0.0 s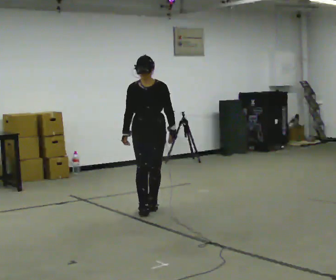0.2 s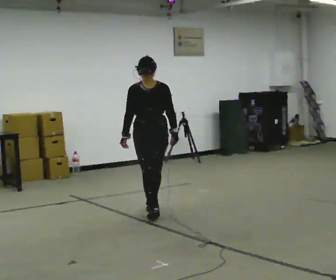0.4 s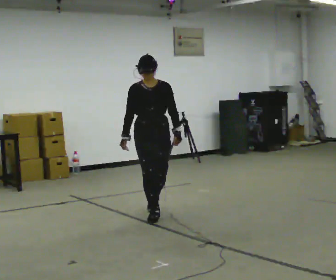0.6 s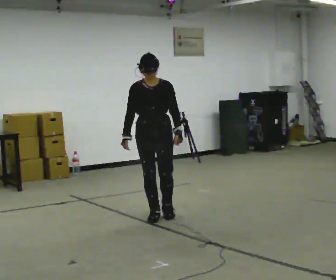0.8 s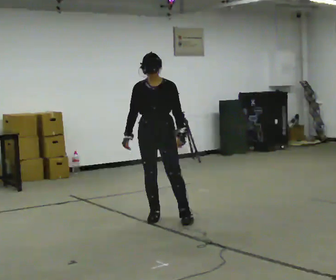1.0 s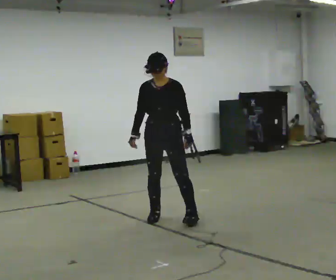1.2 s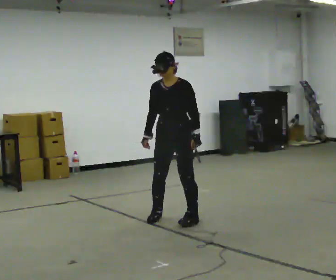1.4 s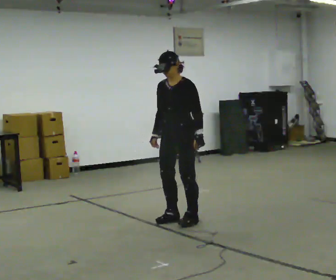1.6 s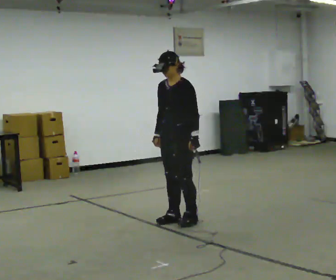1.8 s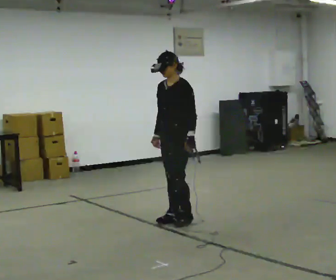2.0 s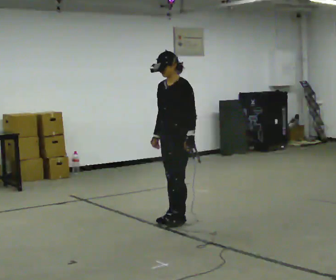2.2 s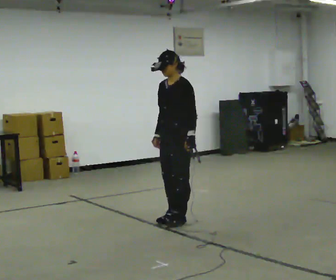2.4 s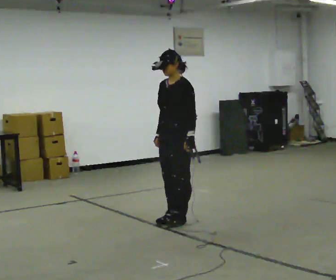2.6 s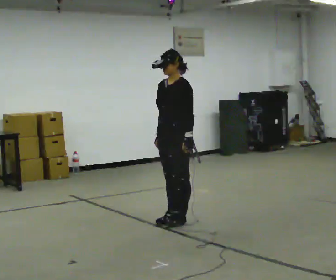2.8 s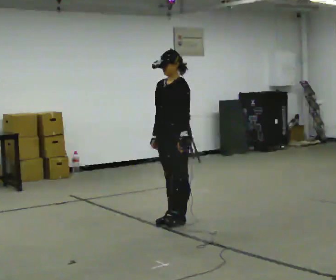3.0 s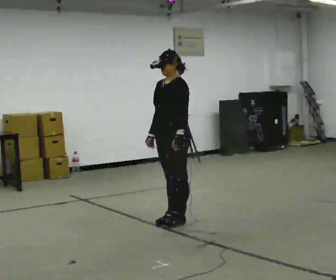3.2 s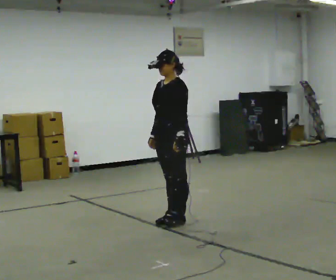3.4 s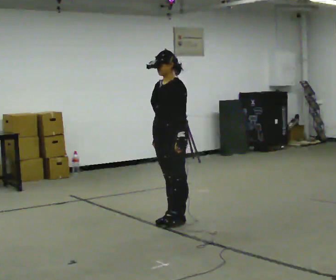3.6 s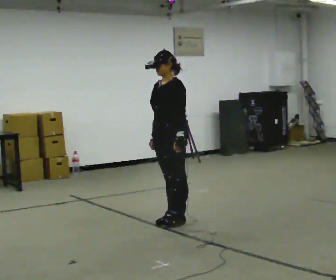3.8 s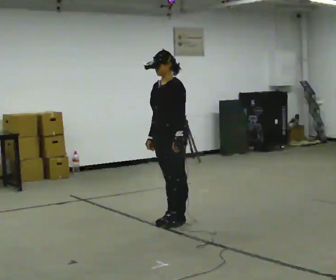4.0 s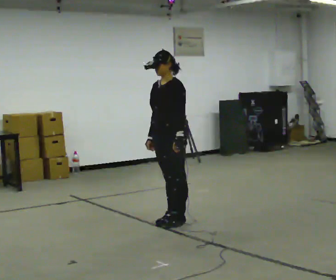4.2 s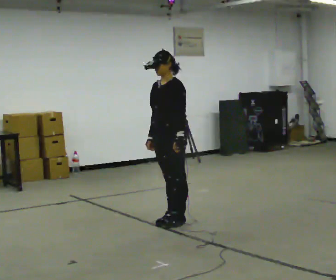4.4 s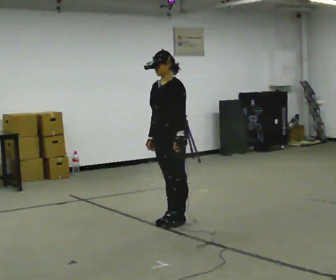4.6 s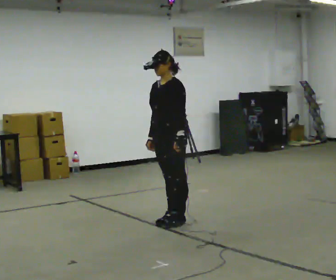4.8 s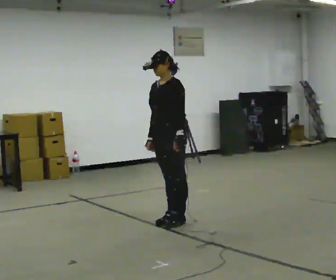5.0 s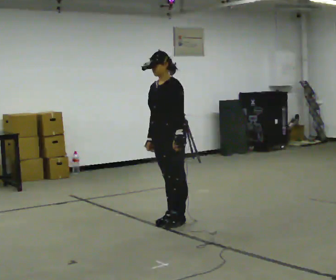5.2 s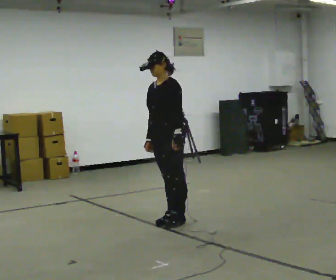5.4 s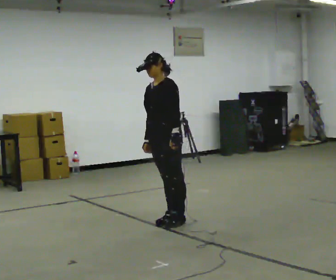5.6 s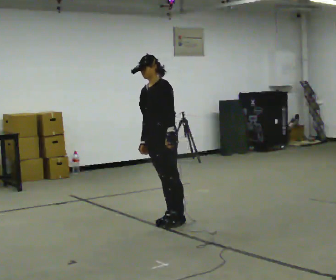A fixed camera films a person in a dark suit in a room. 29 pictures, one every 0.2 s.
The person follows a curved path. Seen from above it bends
clockwise.
0.0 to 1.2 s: The part of the body nearest the lens slides to the left as the person turns to their right by about 30 degrees. In the picture they go toward the camera and to the right, about 0.5 m in 2 steps, which for them is forward and to their left.
1.2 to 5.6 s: In the picture they go to the left, about 0.25 m in 1 step.
The film runs forward here.
